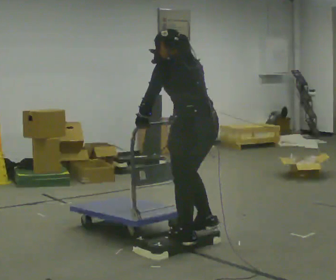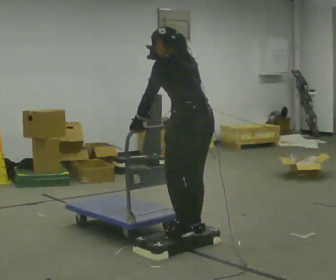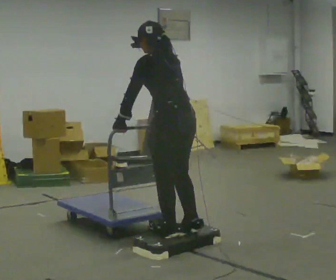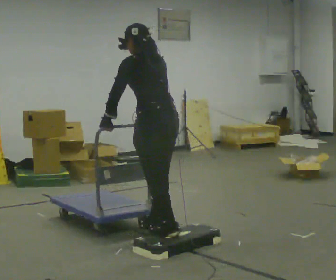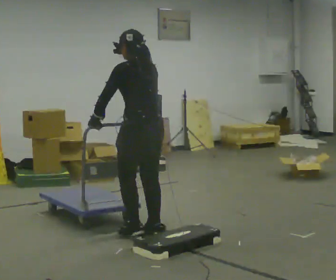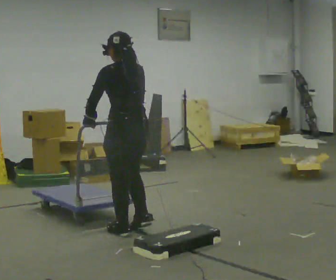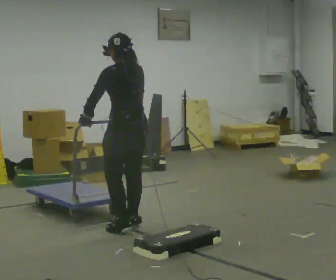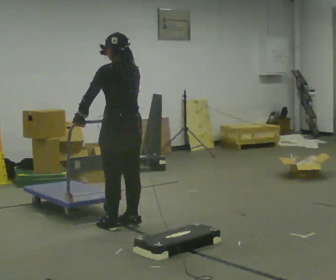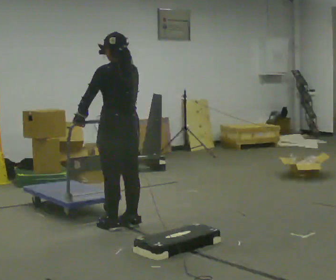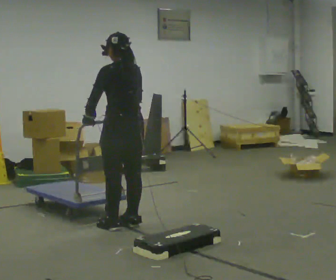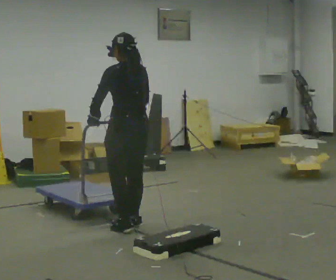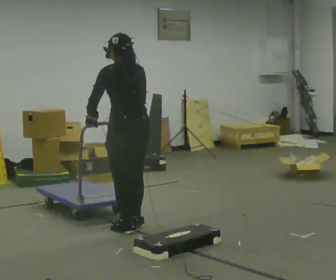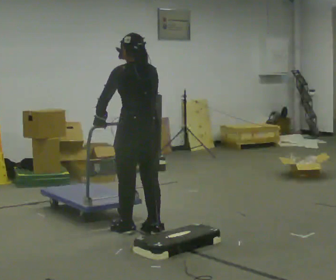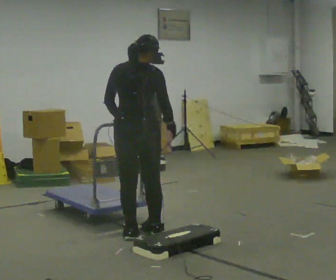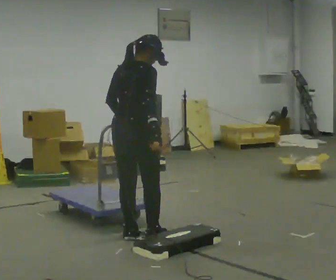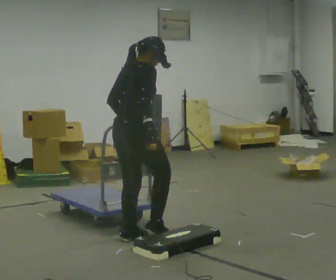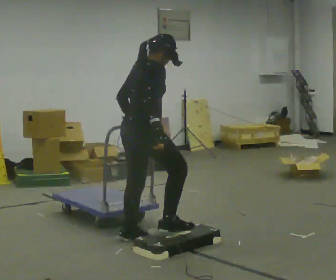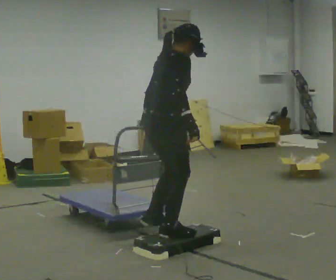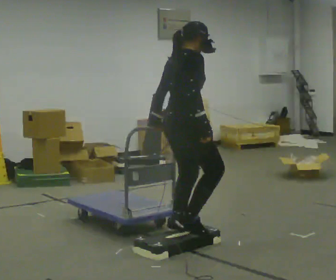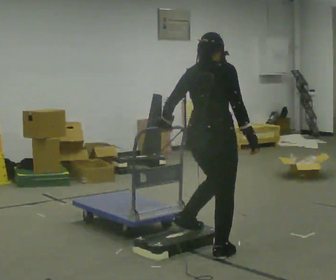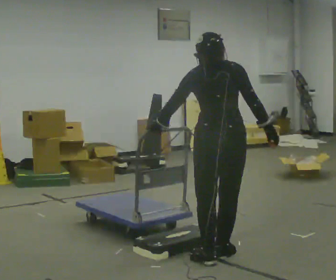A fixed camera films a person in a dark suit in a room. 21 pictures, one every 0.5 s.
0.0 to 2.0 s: In the picture they go away from the camera and to the left, about 0.5 m in 3 steps, which for them is forward.
2.0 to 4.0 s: In the picture they go away from the camera and to the left, about 0.25 m in 3 steps, which for them is forward.
4.0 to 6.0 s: In the picture they go toward the camera and to the right, about 0.25 m in 1 step, which for them is backward.
6.0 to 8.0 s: The person turns about 90 degrees to their right, clockwise seen from above, so the part of the body nearest the lens slides to the left. In the picture they go toward the camera, about 0.25 m in 3 steps.
8.0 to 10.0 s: The part of the body nearest the lens slides to the right as the person turns to their left by about 60 degrees. In the picture they go to the right and toward the camera, about 0.75 m in 3 steps.
The film runs forward here.
